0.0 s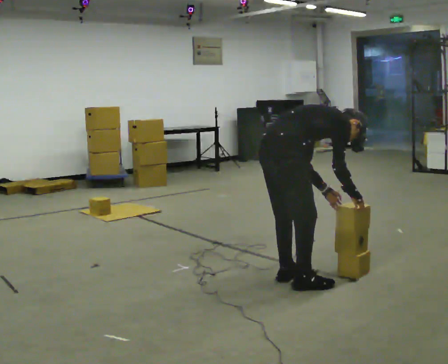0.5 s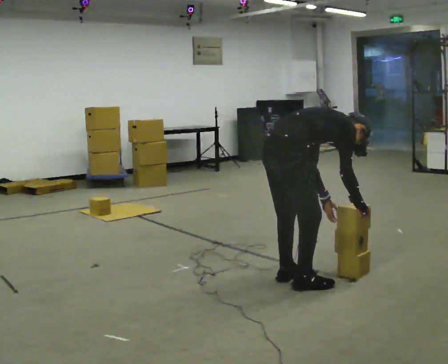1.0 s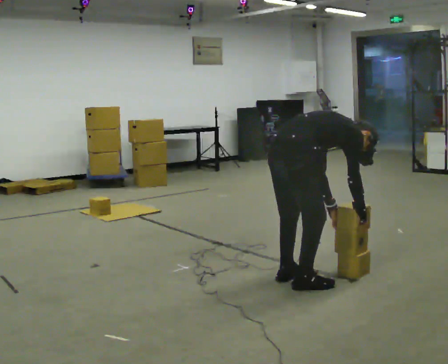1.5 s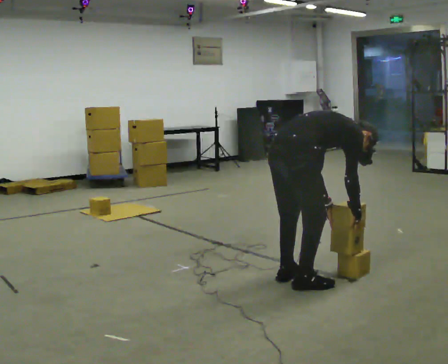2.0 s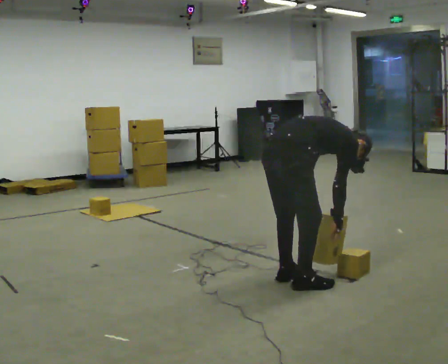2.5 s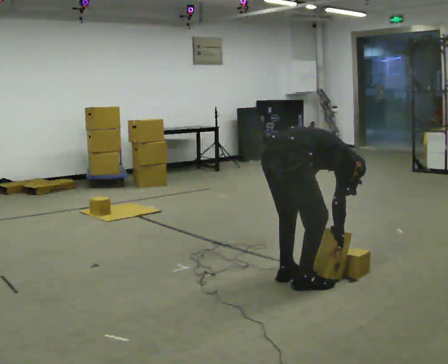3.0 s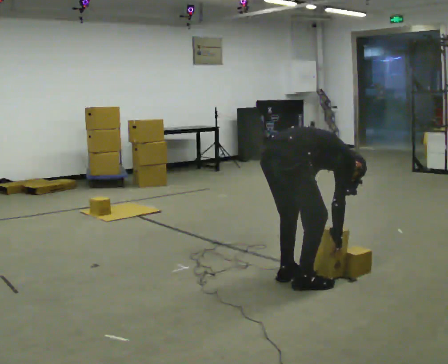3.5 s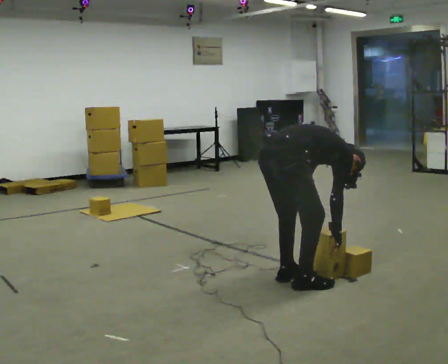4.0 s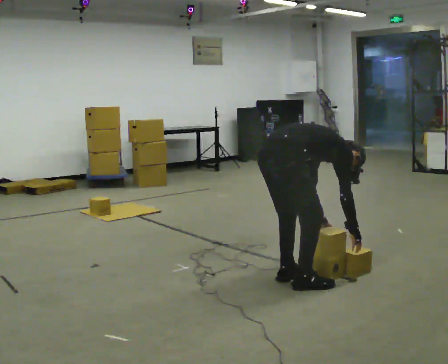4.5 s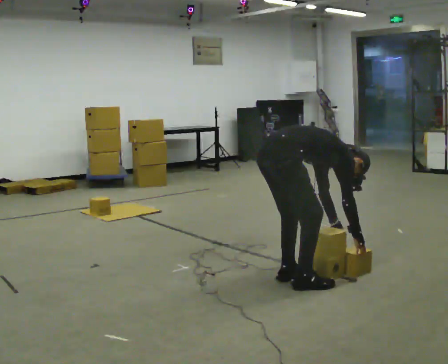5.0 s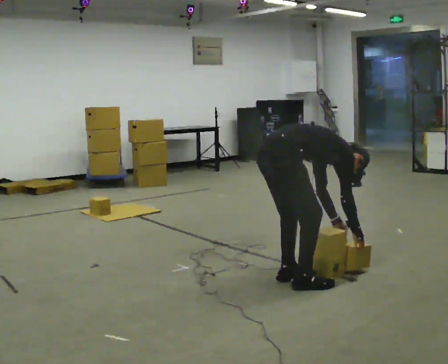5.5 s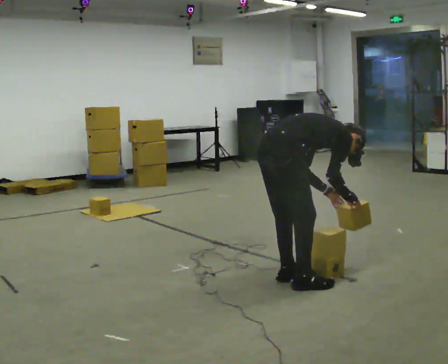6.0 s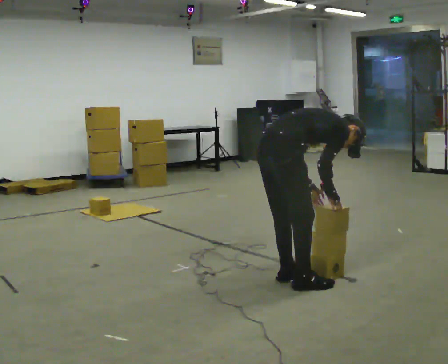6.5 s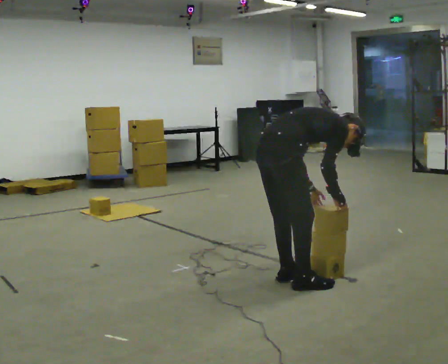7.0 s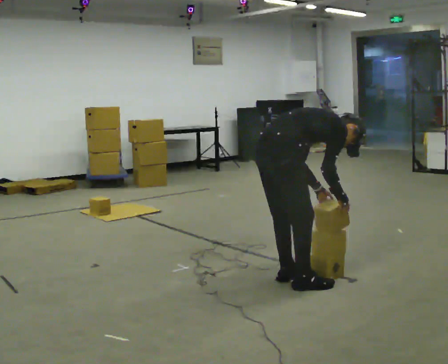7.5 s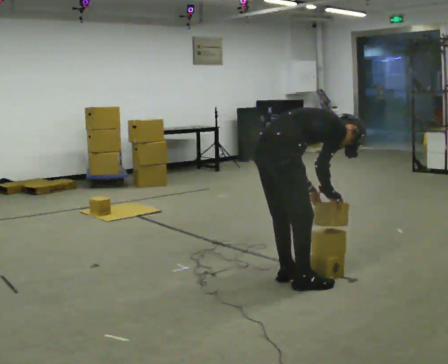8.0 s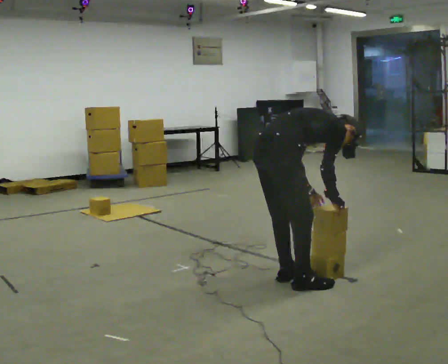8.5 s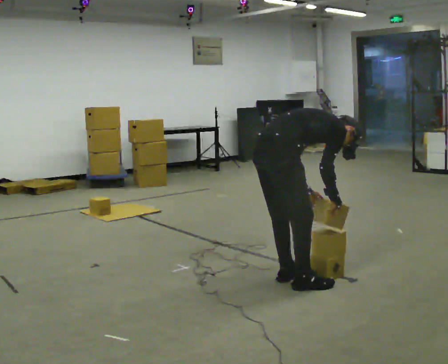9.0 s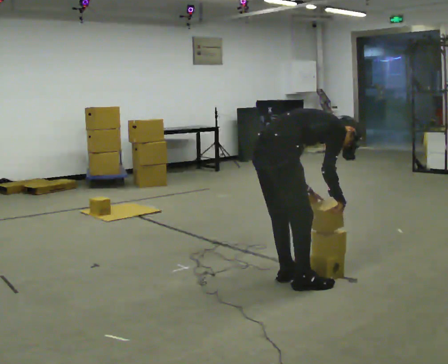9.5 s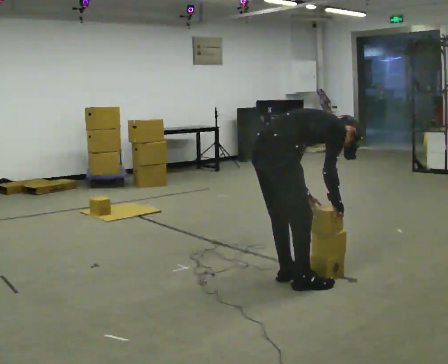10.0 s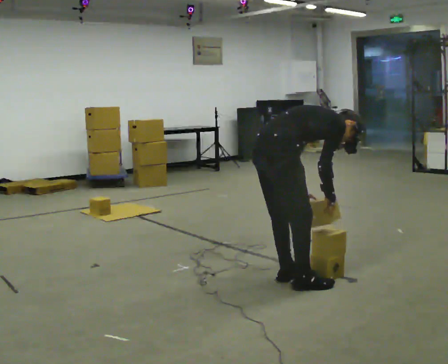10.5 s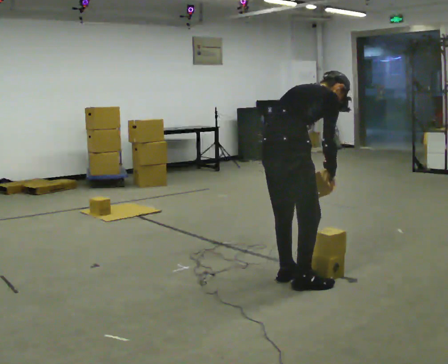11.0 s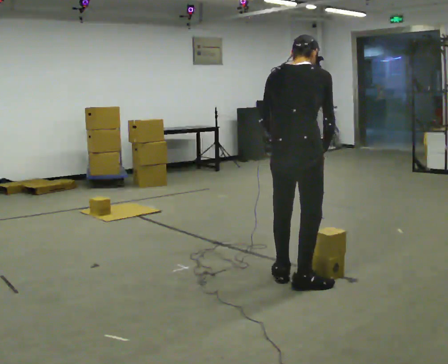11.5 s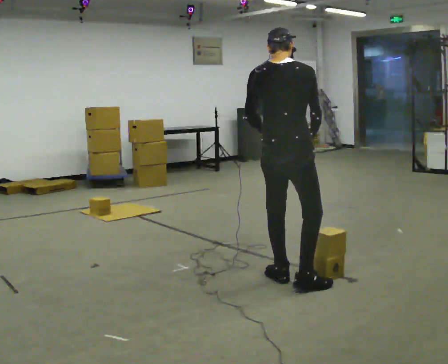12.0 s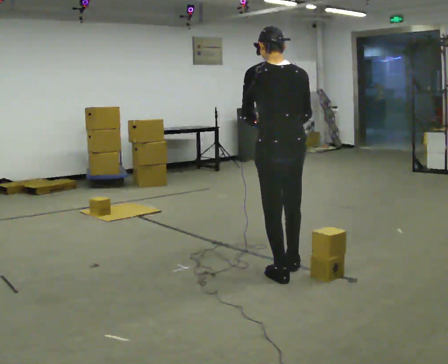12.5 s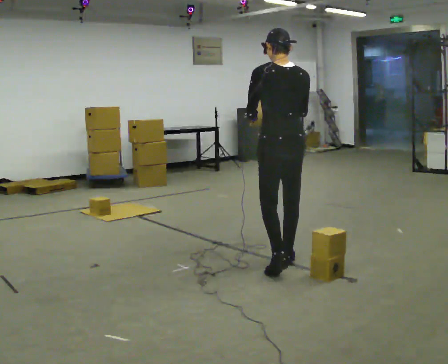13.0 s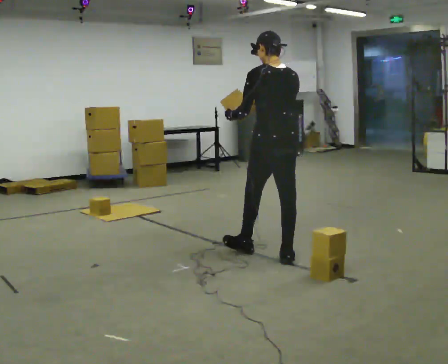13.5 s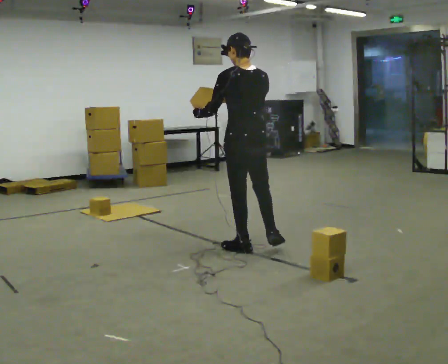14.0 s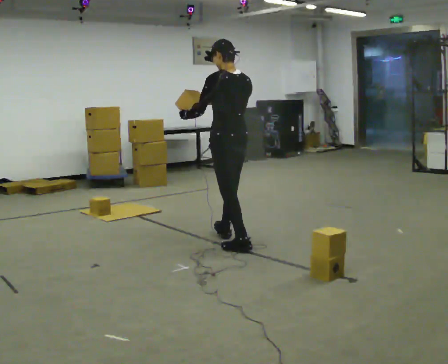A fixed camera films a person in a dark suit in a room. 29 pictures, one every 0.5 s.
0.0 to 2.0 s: In the picture the upper body tilts clockwise, shoulders to the right, as they bend forward.
2.0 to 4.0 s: The person moves a little, or ends about where they began.
4.0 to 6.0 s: The upper body goes upward. The upper body tips toward the camera, its near side rolling downward, as they lean back or straighten.
6.0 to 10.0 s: The person moves a little, or ends about where they began.
10.0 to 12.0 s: Seen from above the body turns counterclockwise, about 75 degrees: to their left, with its near side sliding to the right. In the picture they go away from the camera, about 0.25 m. The upper body goes upward. In the picture the upper body tilts counterclockwise, shoulders to the left, as they lean back or straighten. In the picture their right hand goes upward.
12.0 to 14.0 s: The person turns about 30 degrees to their left, counterclockwise seen from above, so the part of the body nearest the lens slides to the right. In the picture they go away from the camera and to the left, about 1 m in 3 steps, which for them is forward.
The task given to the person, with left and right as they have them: Carry the boxes over one at a time and lay them out on the pallet in the pattern the operator shows you. Keep going until the operator says stop; one object at a time, and do not rush between trips.
The film runs forward here.
